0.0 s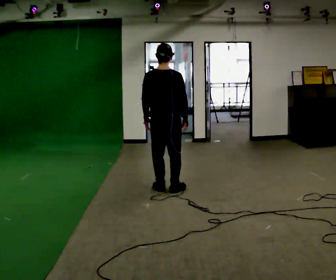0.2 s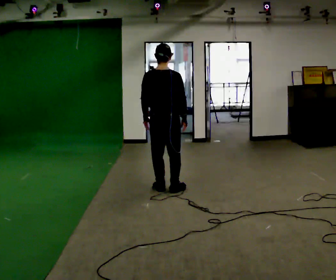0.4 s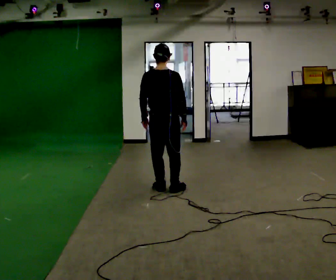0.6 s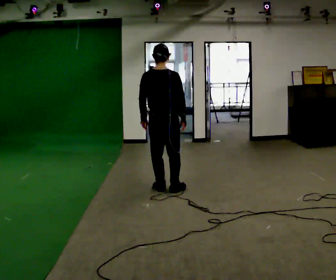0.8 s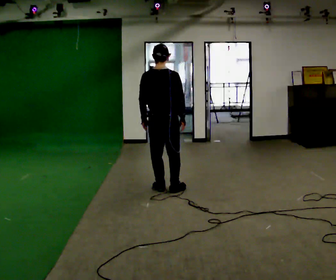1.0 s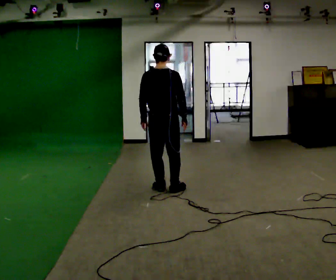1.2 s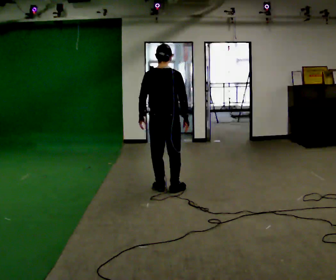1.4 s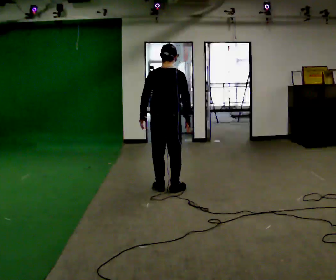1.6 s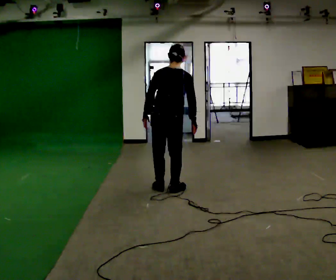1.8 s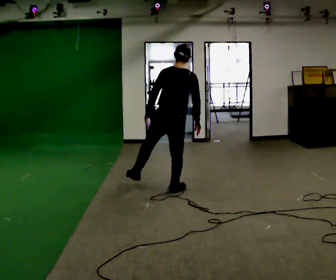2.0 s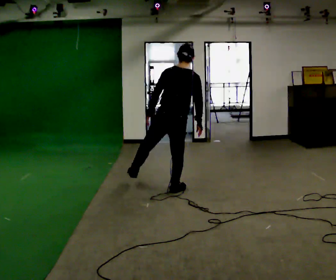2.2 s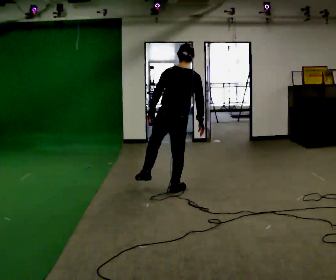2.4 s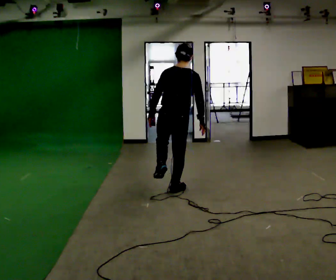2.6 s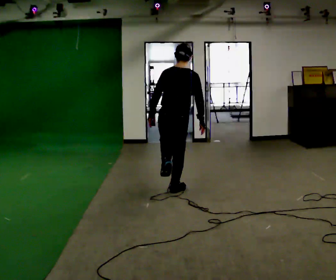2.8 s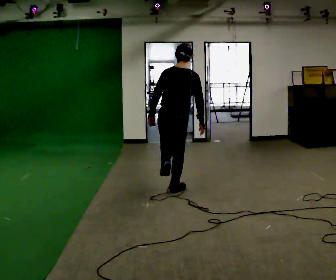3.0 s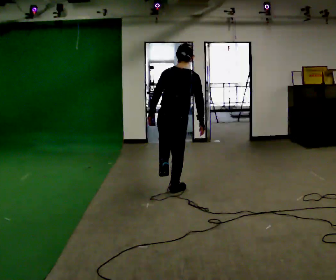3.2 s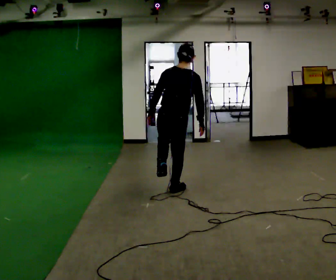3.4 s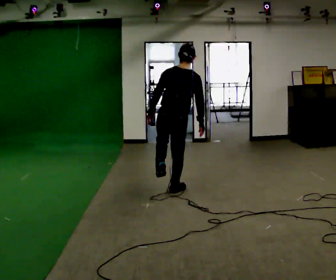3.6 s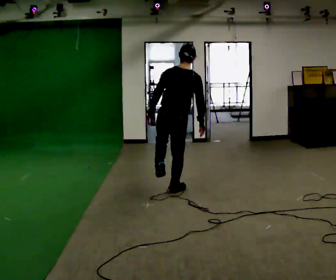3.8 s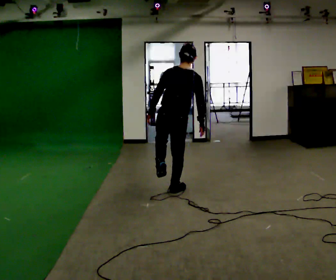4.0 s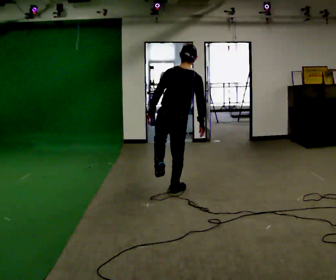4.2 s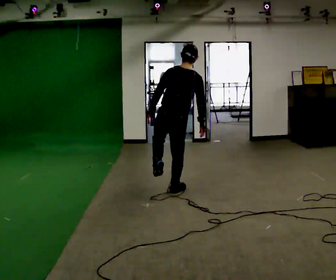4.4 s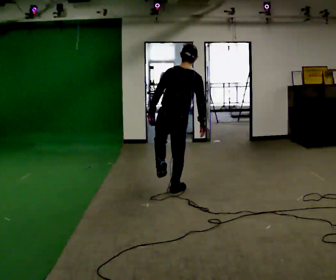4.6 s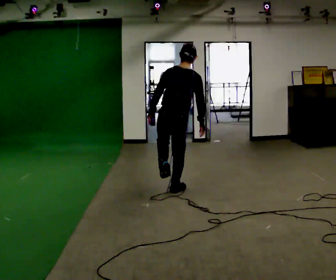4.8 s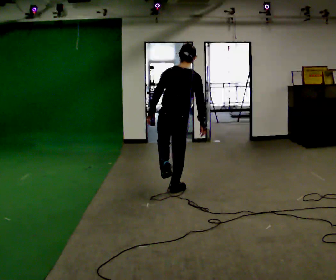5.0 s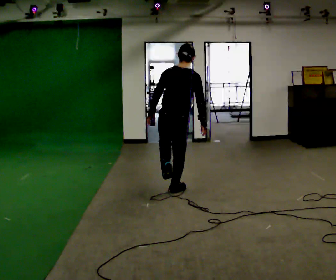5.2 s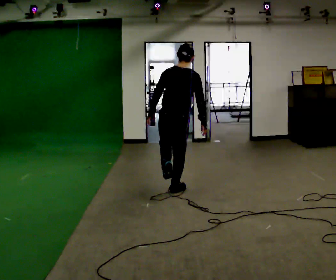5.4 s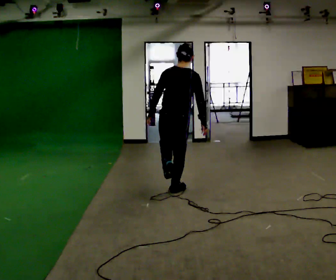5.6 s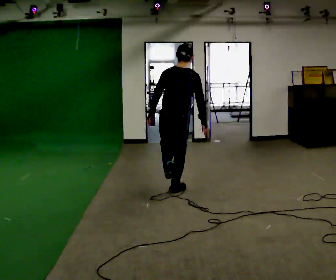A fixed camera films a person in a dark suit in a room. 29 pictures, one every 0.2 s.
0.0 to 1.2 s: The person moves a little, or ends about where they began.
1.2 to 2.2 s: In the picture the upper body tilts clockwise, shoulders to the right.
2.2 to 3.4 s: The person moves a little, or ends about where they began.
3.4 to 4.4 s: The person keeps their place and pose.
4.4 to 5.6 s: The person moves a little, or ends about where they began.
The film runs backward here.
